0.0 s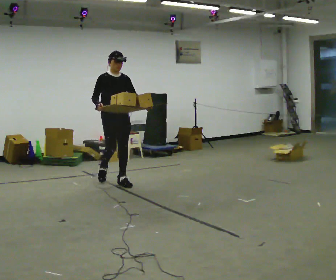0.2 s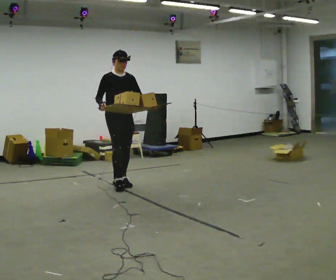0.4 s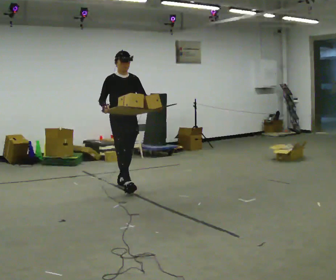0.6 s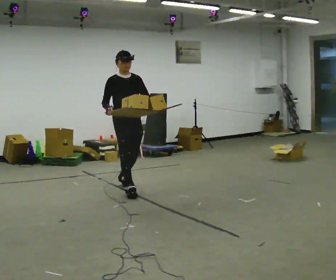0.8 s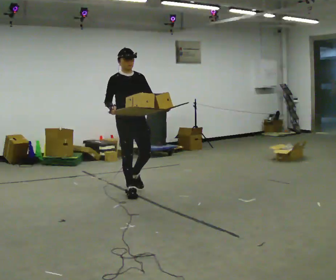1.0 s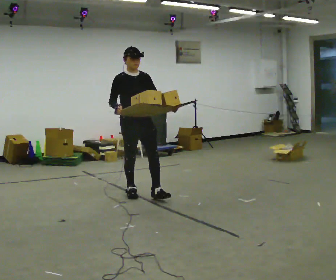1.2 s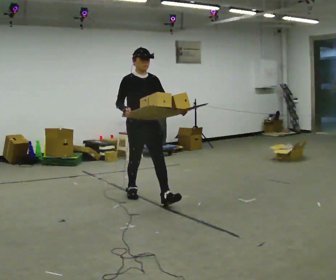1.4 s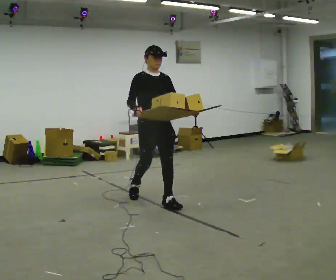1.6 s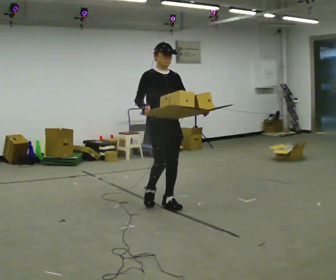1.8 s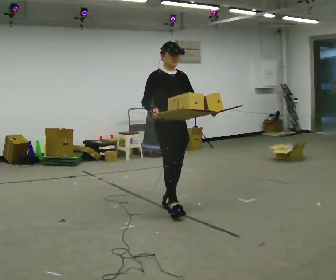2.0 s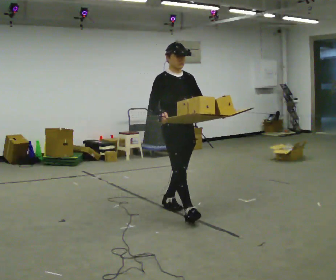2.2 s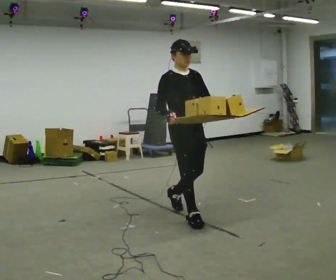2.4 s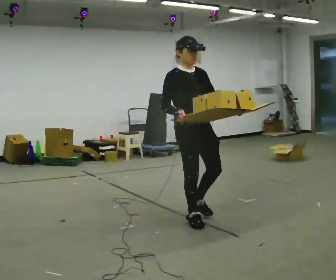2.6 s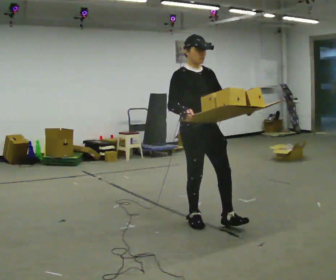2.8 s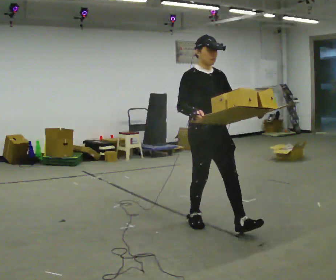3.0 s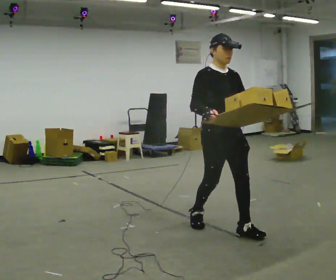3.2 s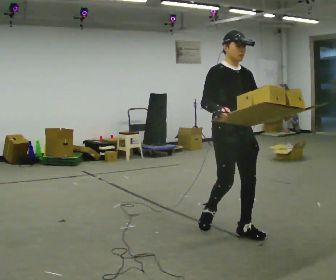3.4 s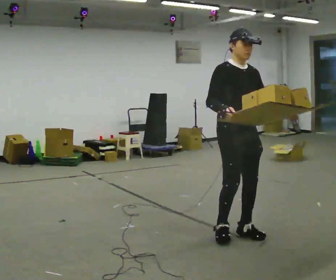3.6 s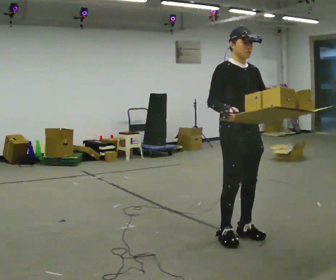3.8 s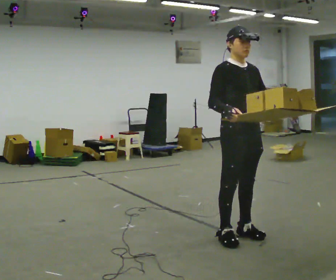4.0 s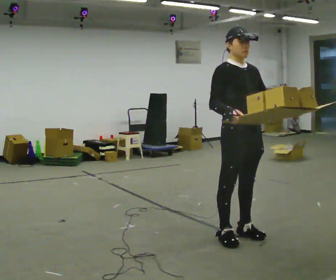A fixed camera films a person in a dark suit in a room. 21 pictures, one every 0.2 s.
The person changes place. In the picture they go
toward the camera.
0.0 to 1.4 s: In the picture they go toward the camera and to the right, about 1 m in 2 steps, which for them is forward.
1.4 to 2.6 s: In the picture they go toward the camera and to the right, about 1 m in 1 step, which for them is forward.
2.6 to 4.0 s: In the picture they go toward the camera and to the right, about 0.5 m in 2 steps, which for them is forward.
The film runs forward here.
